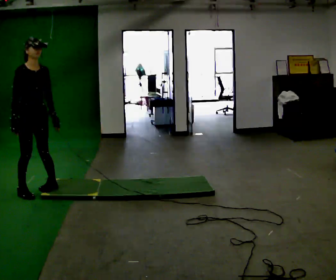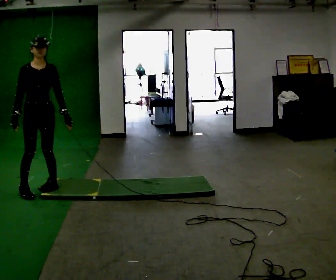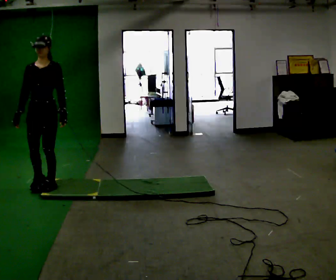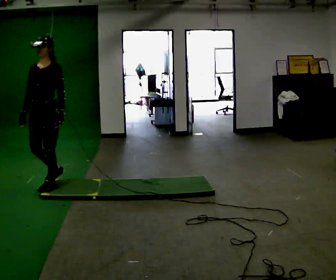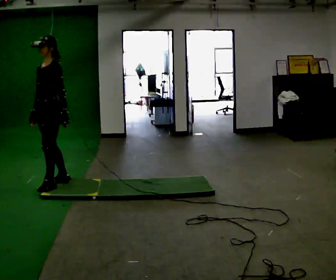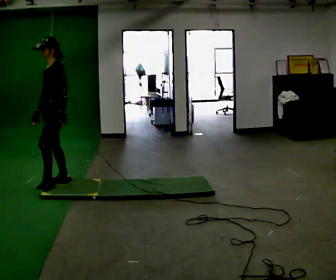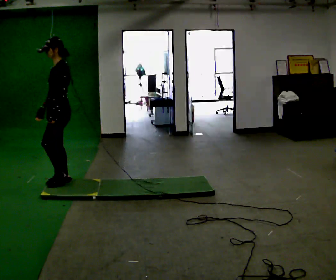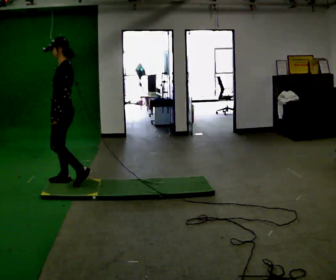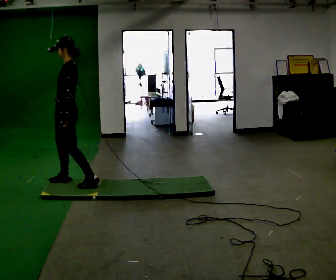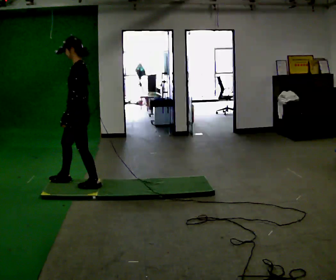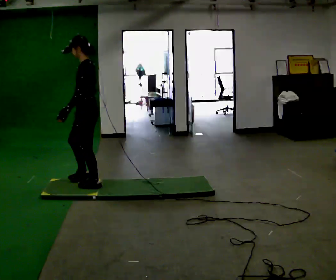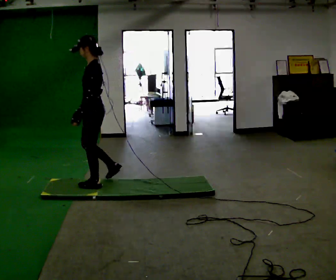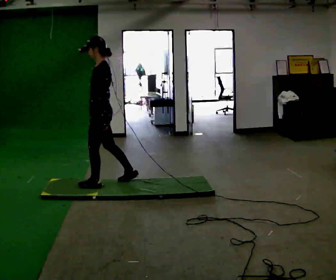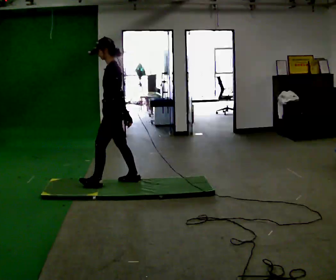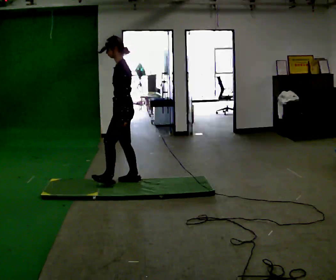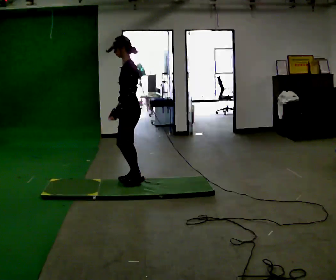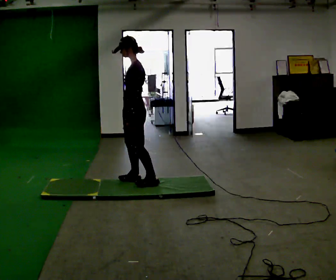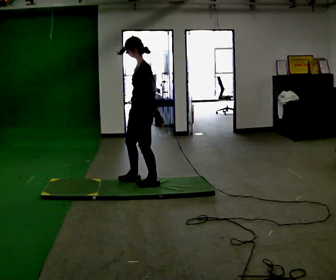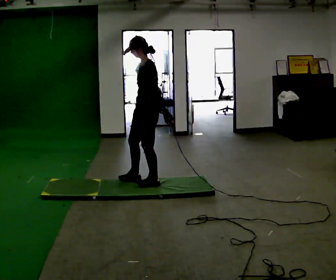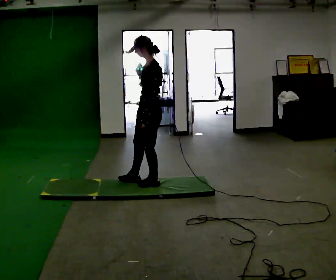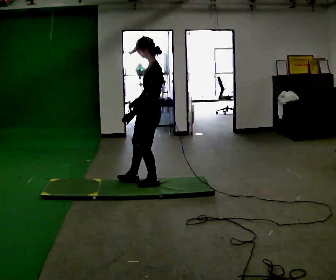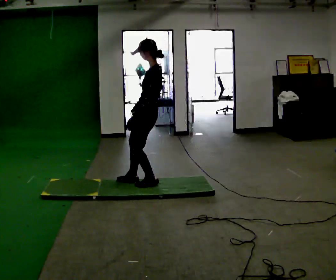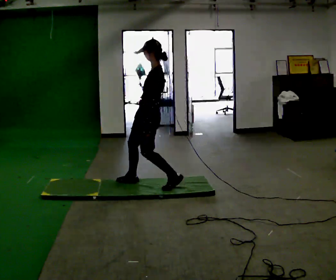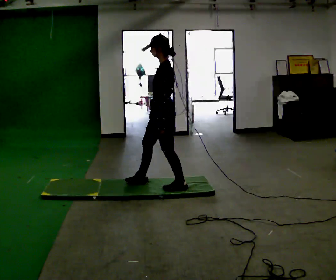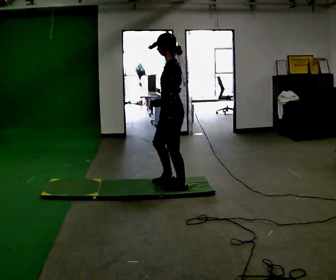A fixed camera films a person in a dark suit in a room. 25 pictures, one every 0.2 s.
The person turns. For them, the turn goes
to their right.
The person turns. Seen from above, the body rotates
clockwise.
0.0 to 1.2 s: Seen from above the body turns clockwise, about 105 degrees: to their right, with its near side sliding to the left. In the picture they go to the right and away from the camera, about 0.5 m in 2 steps.
1.2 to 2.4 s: In the picture they go to the right, about 0.5 m in 1 step, which for them is backward.
2.4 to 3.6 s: In the picture they go to the right, about 0.5 m in 1 step, which for them is backward.
3.6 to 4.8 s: In the picture they go to the right and toward the camera, about 0.25 m in 2 steps, which for them is backward and to their left.
The film runs backward here.
